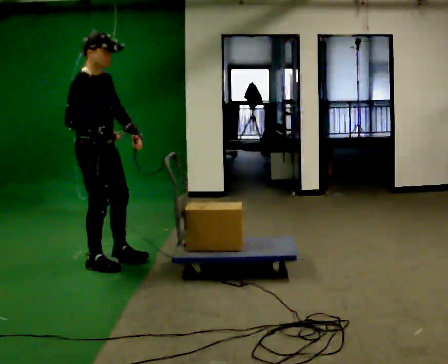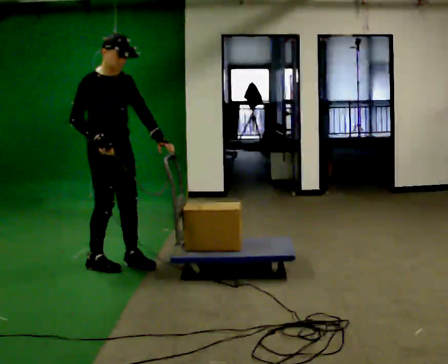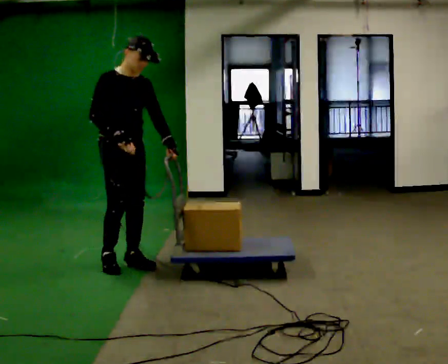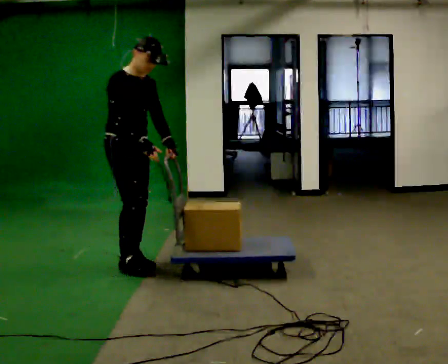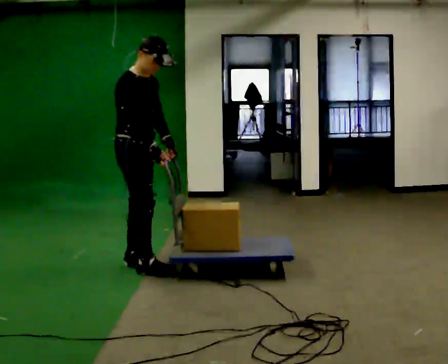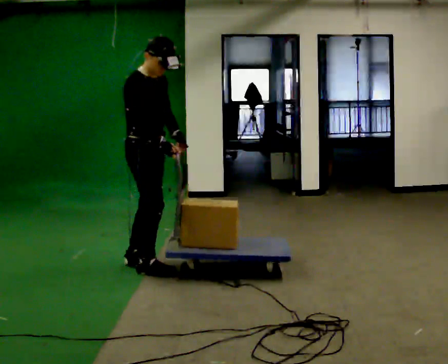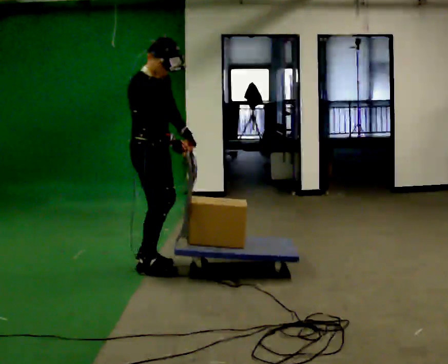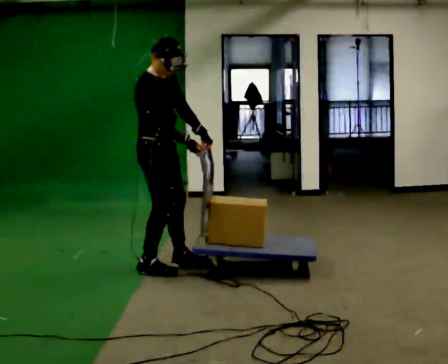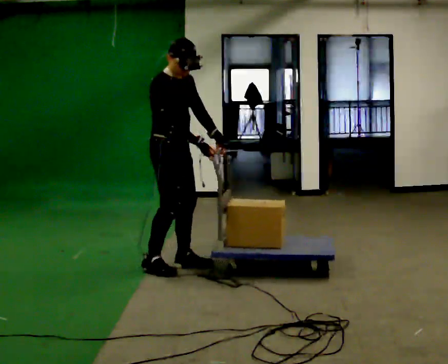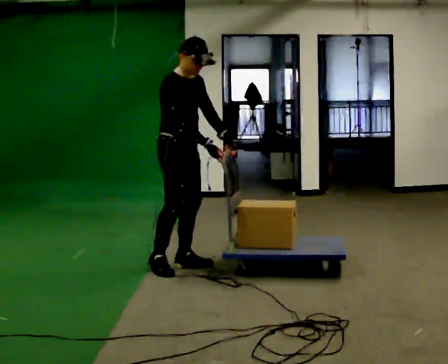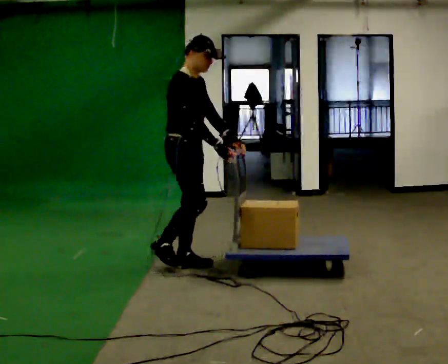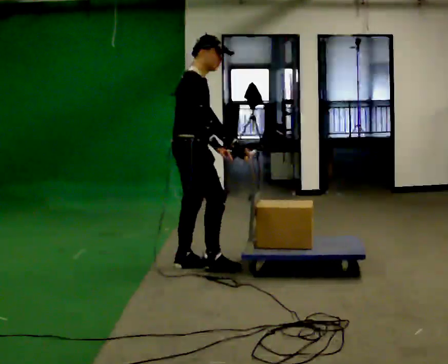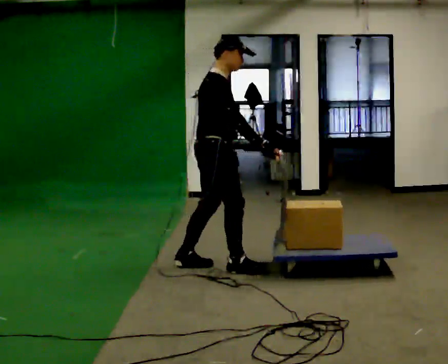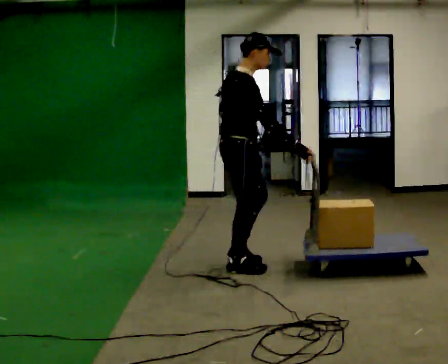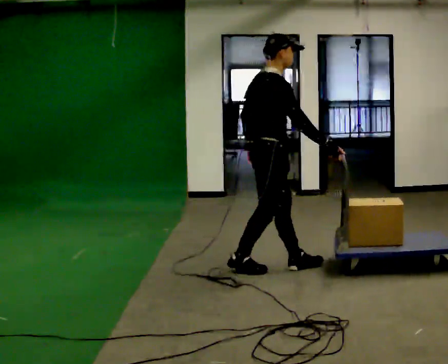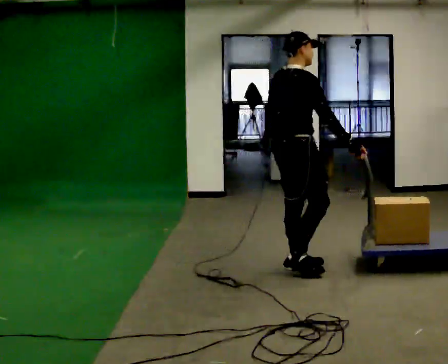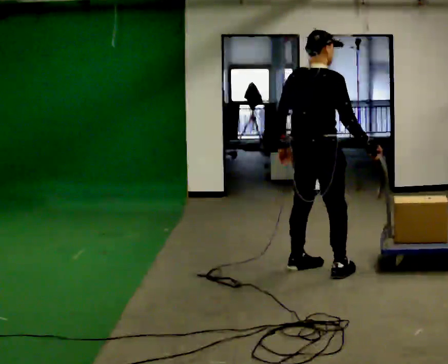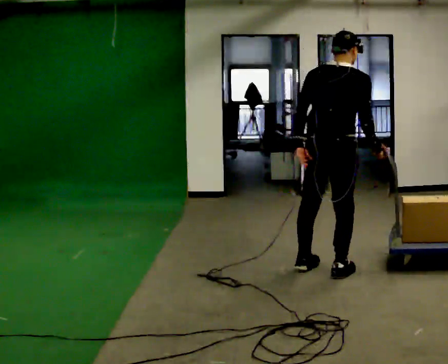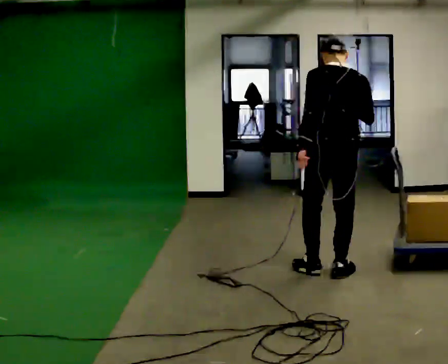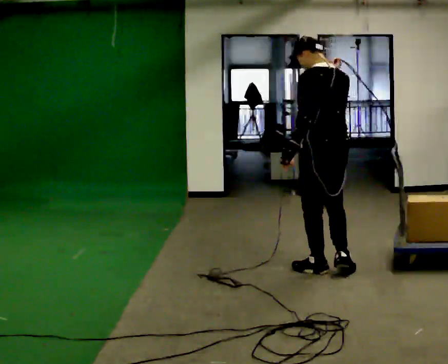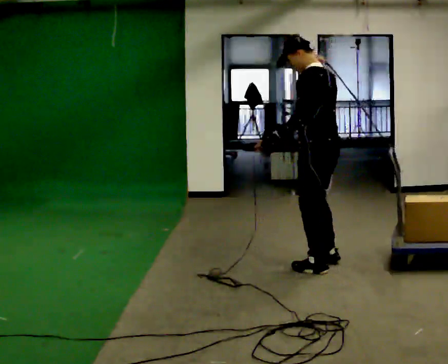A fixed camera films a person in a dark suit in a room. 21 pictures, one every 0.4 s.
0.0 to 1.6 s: In the picture they go to the right, about 0.25 m in 2 steps, which for them is forward and to their left.
1.6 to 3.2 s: In the picture they go to the right, about 0.25 m in 1 step, which for them is forward.
3.2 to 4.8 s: The person turns about 30 degrees to their left, counterclockwise seen from above, so the part of the body nearest the lens slides to the right. In the picture they go to the right, about 0.25 m in 1 step, which for them is forward.
4.8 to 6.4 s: Seen from above the body turns counterclockwise, about 30 degrees: to their left, with its near side sliding to the right. In the picture they go to the right, about 0.5 m in 2 steps, which for them is forward.
6.4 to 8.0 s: The person turns about 105 degrees to their left, counterclockwise seen from above, so the part of the body nearest the lens slides to the right. In the picture their right hand goes upward and to the left.
The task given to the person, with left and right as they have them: Put the rope over your shoulder and drag the sled across the room. Keep going until the operator says stop.
The film runs forward here.
